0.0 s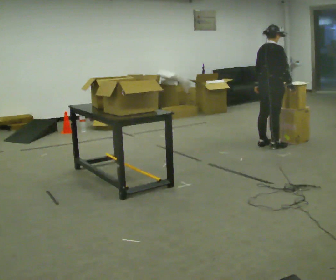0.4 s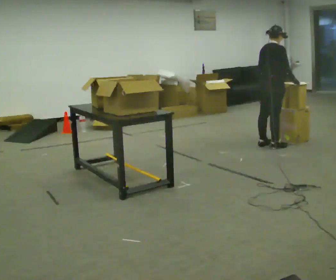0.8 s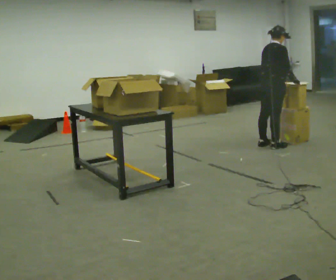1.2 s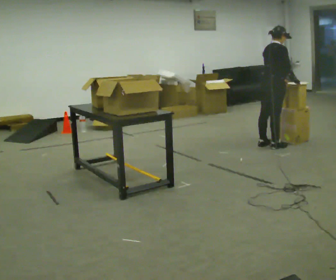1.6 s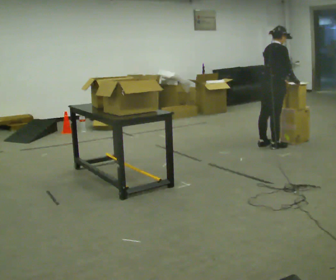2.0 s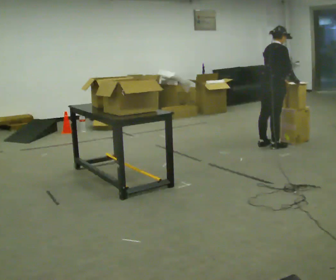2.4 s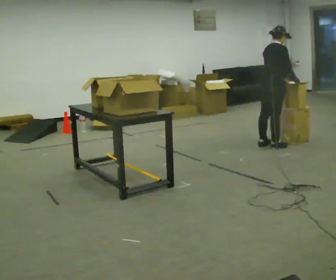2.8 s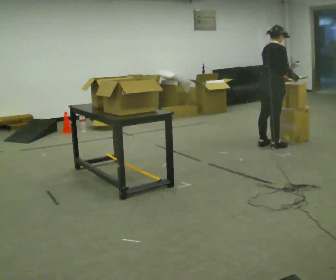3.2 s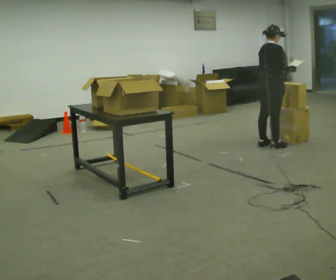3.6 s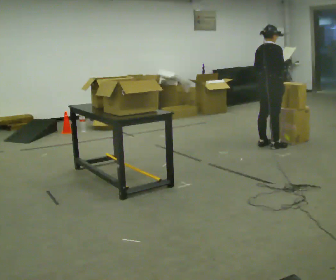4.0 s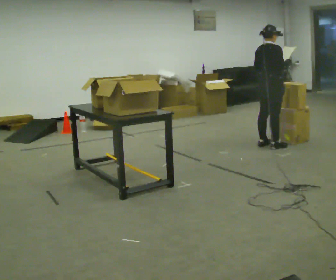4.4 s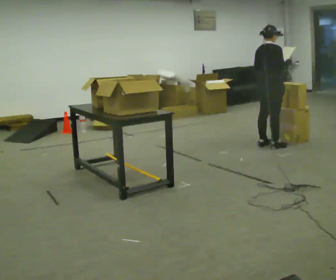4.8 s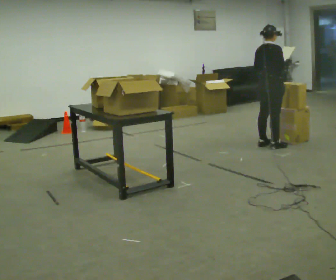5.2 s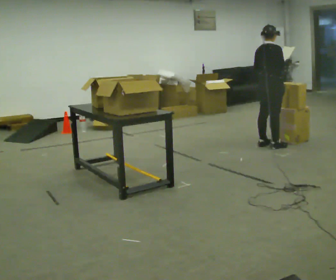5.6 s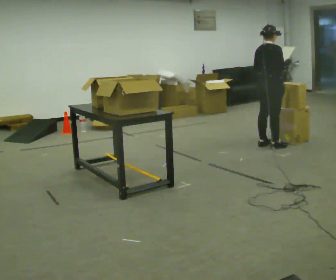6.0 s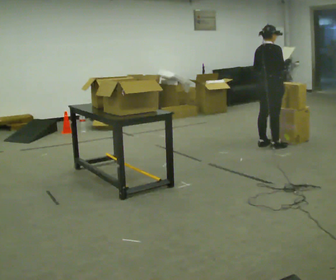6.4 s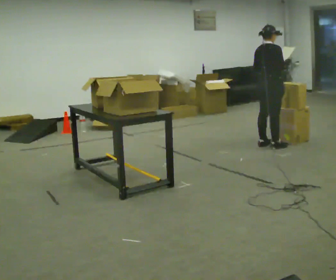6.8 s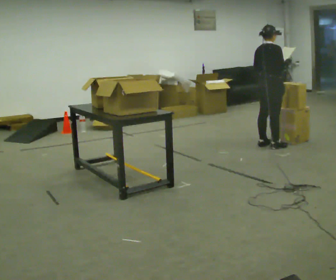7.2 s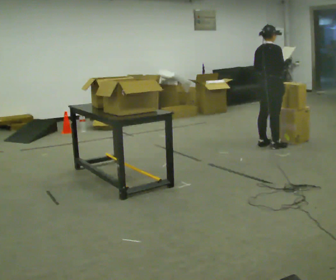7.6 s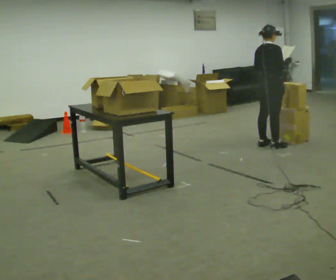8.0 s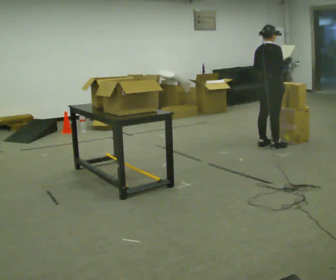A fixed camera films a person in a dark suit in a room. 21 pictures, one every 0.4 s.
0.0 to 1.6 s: In the picture their left hand goes to the right.
1.6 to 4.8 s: The person moves a little, or ends about where they began.
4.8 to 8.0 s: The person keeps their place and pose.
The film runs backward here.
